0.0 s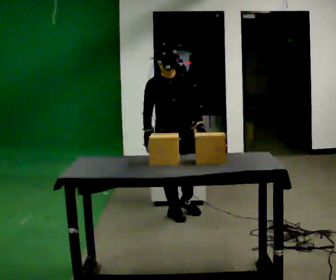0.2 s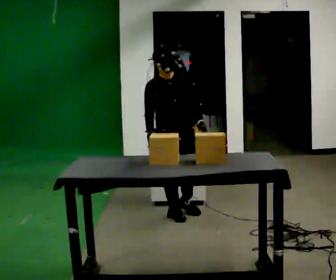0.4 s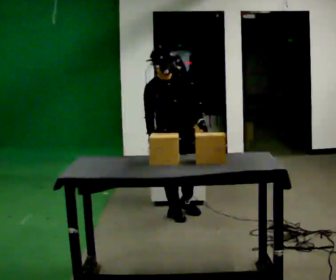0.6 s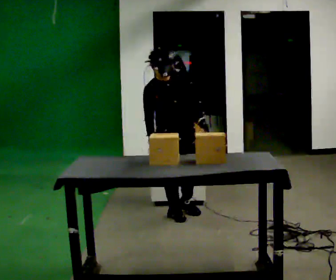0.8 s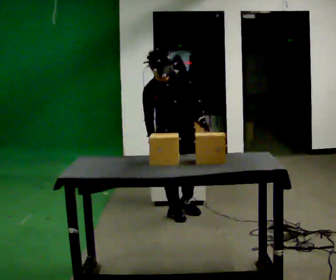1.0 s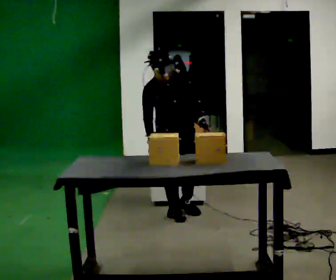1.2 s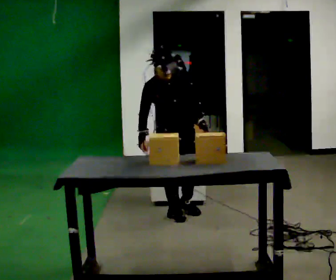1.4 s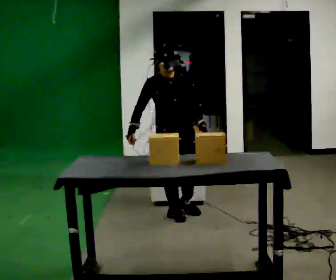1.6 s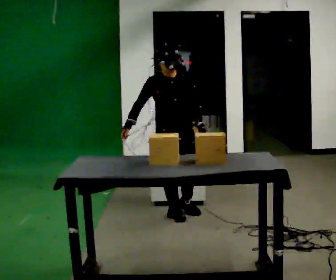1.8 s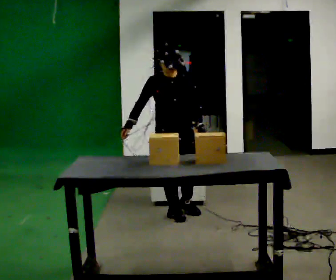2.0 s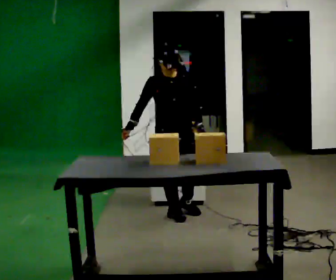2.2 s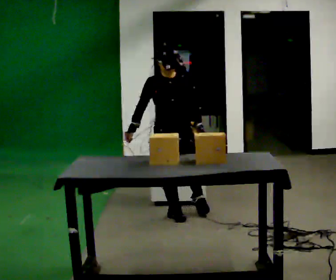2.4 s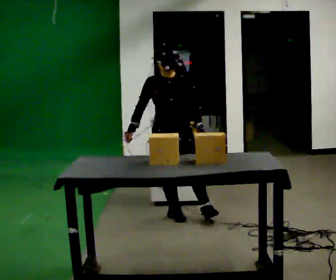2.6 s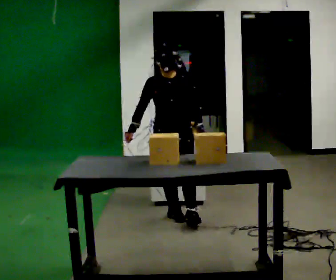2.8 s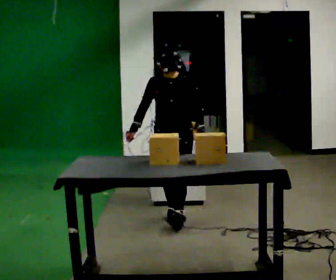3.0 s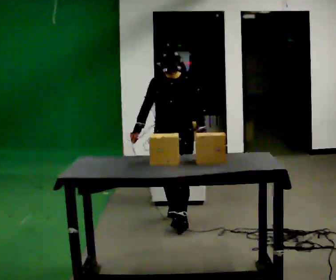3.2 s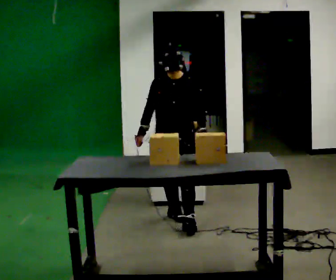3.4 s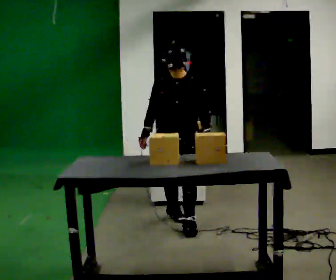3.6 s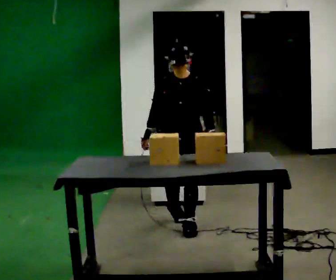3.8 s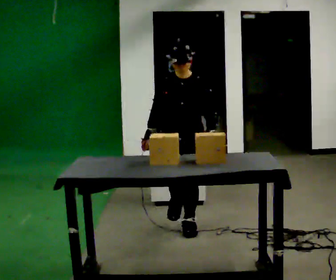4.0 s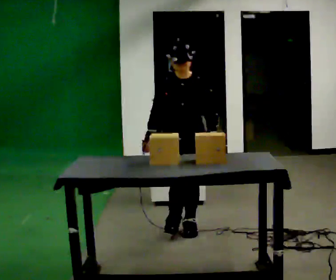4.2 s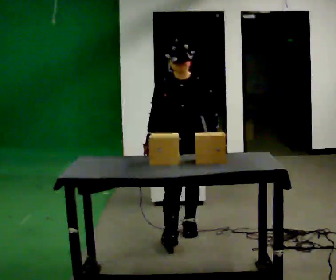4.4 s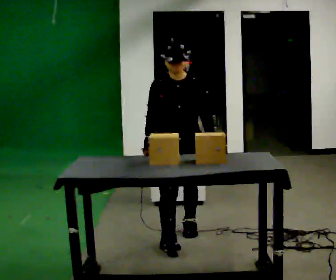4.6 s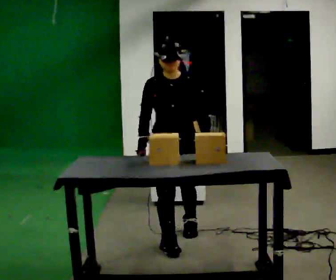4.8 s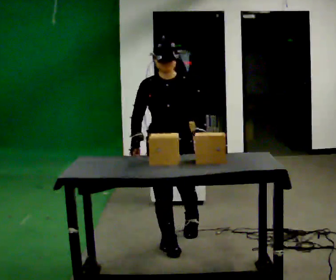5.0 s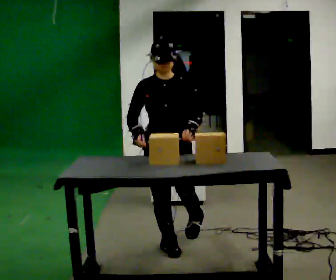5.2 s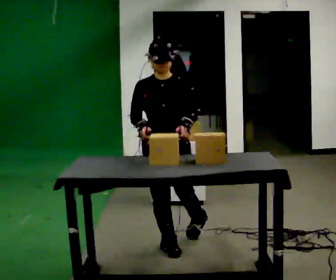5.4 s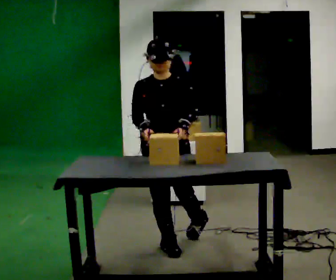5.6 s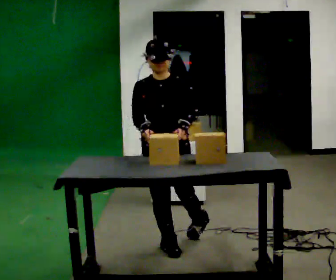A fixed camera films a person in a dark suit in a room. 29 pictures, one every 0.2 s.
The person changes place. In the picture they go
toward the camera.
0.0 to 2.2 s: The person moves a little, or ends about where they began.
2.2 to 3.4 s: In the picture they go toward the camera, about 0.25 m in 1 step, which for them is forward.
3.4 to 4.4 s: In the picture they go toward the camera, about 0.25 m in 1 step, which for them is forward.
4.4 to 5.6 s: In the picture they go toward the camera, about 0.25 m in 1 step, which for them is forward and to their right.
The film runs forward here.
